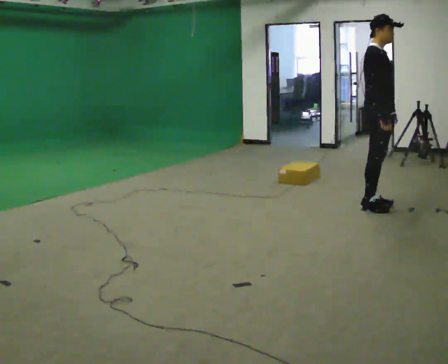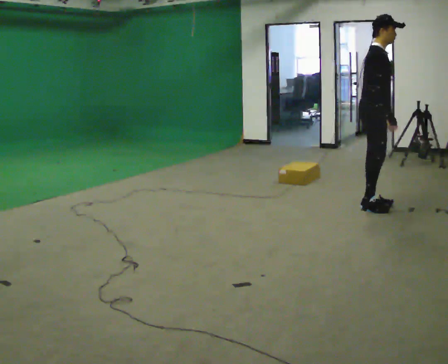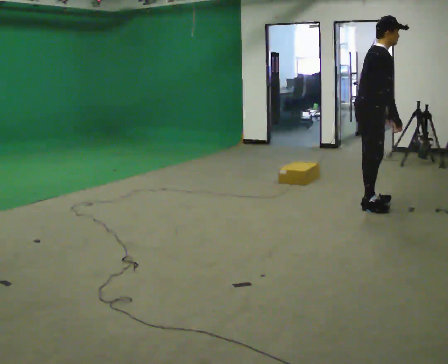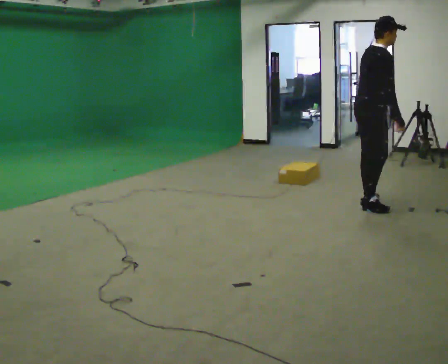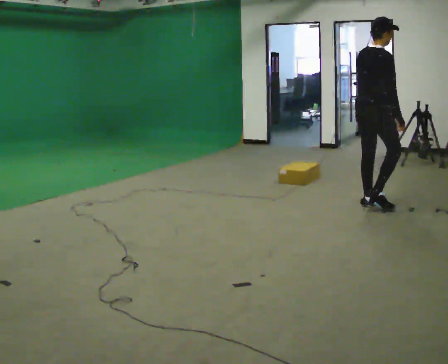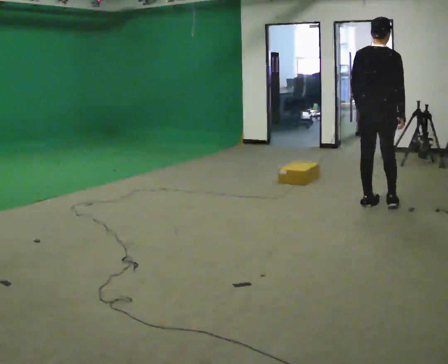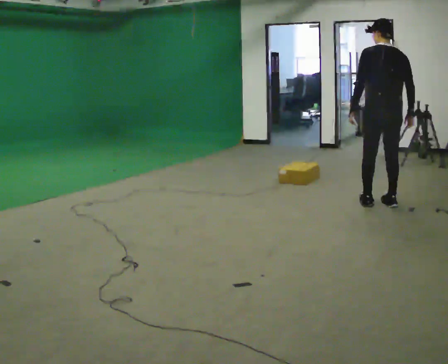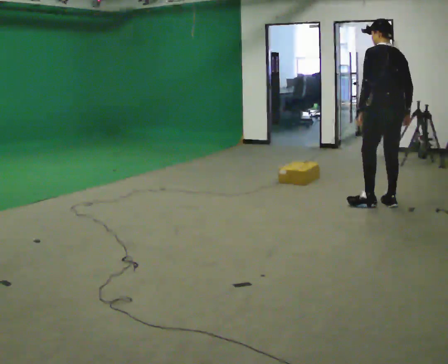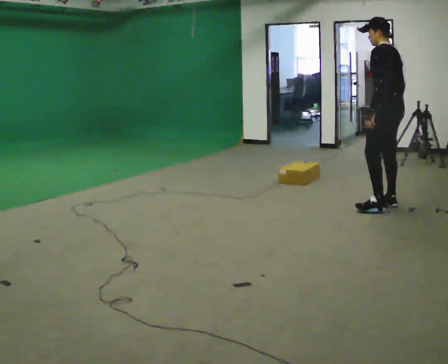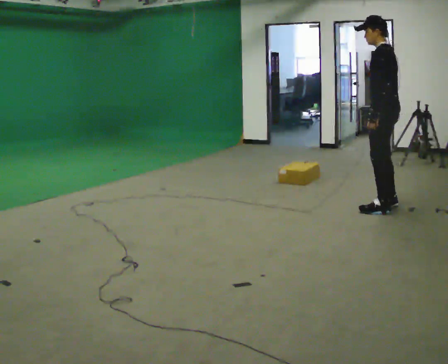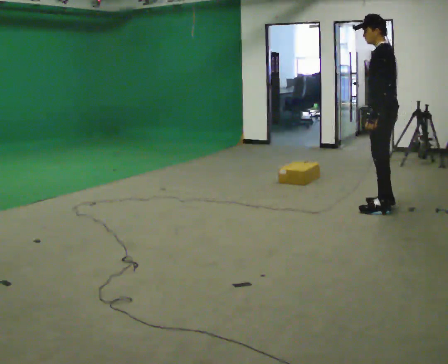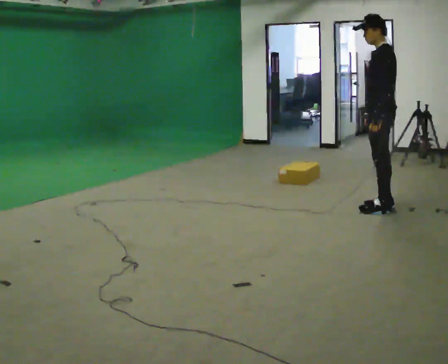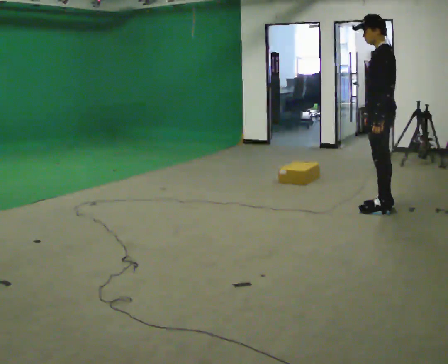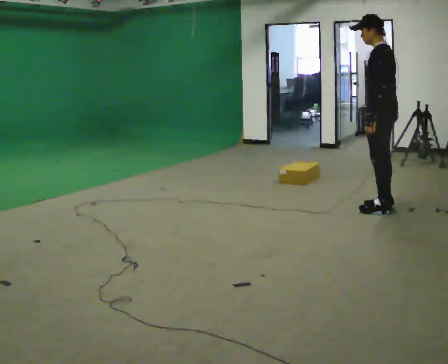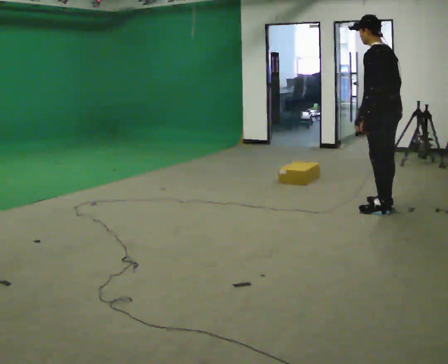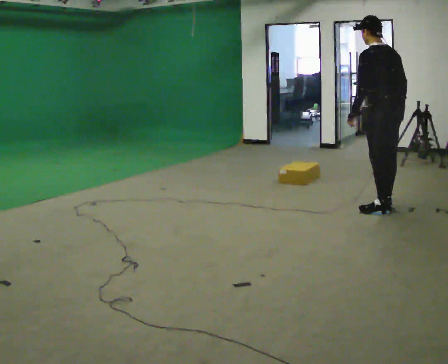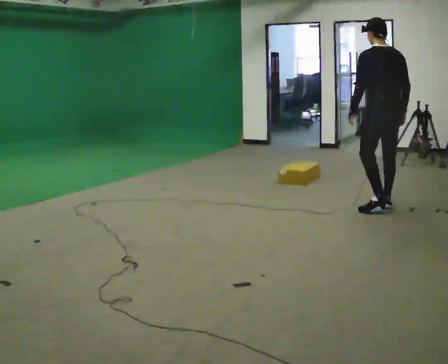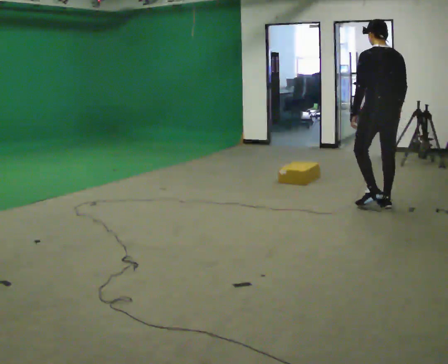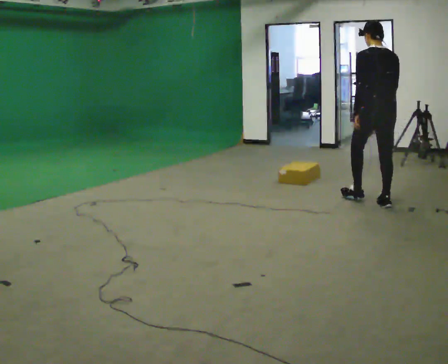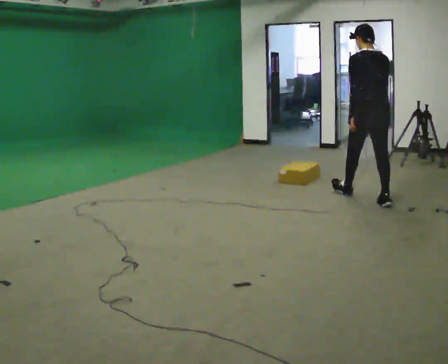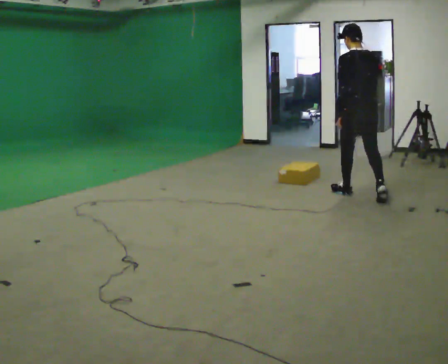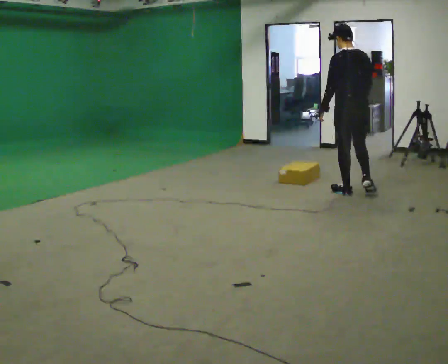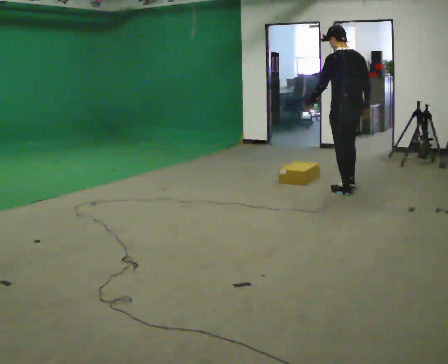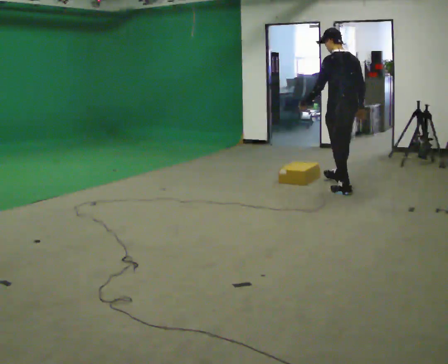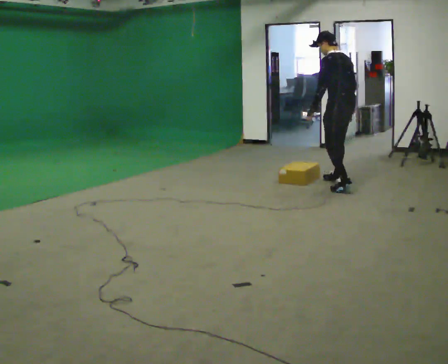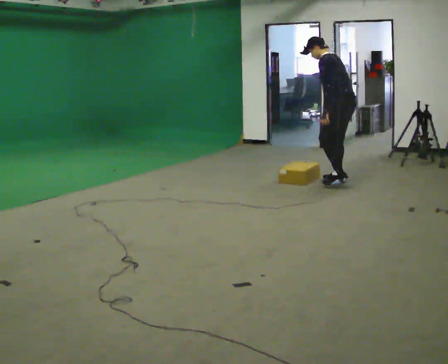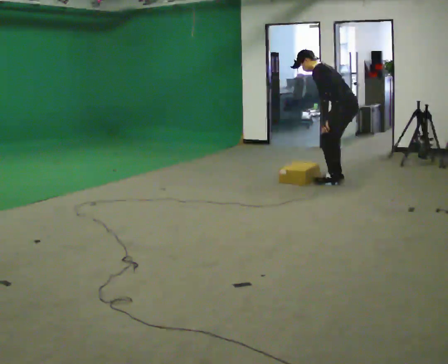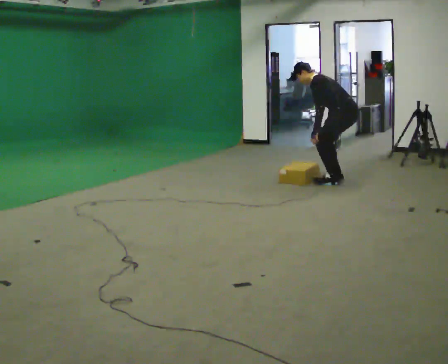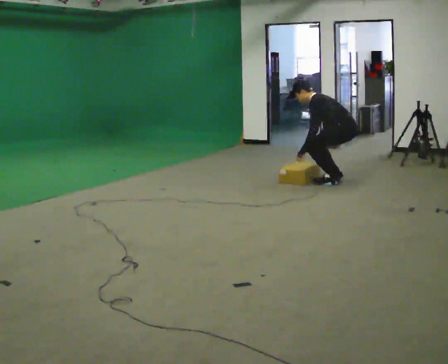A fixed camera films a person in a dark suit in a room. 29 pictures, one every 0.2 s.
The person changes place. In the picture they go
away from the camera.
The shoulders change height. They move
downward.
0.0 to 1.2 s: Seen from above the body turns counterclockwise, about 120 degrees: to their left, with its near side sliding to the right. In the picture their left hand goes to the left.
1.2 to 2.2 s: Seen from above the body turns counterclockwise, about 75 degrees: to their left, with its near side sliding to the right. In the picture their right hand goes to the left.
2.2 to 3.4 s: The person turns about 60 degrees to their right, clockwise seen from above, so the part of the body nearest the lens slides to the left. In the picture they go away from the camera, about 0.25 m.
3.4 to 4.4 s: In the picture they go away from the camera and to the left, about 0.75 m in 1 step, which for them is forward.
4.4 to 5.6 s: The part of the body nearest the lens slides to the right as the person turns to their left by about 45 degrees. In the picture they go away from the camera, about 0.5 m in 2 steps, which for them is to their right and forward. The shoulders move downward. In the picture the upper body tilts counterclockwise, shoulders to the left, as they bend forward. In the picture their left hand goes downward.
The film runs forward here.
